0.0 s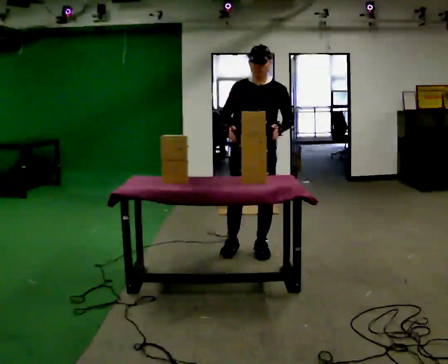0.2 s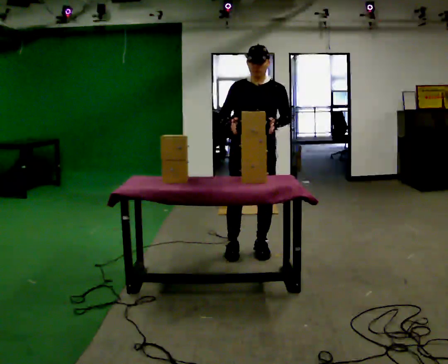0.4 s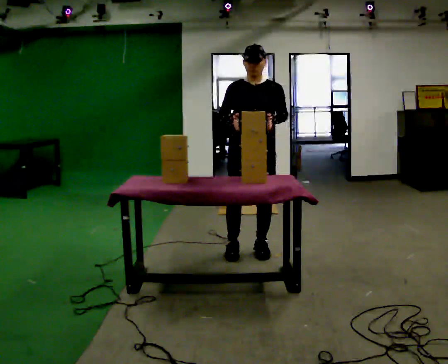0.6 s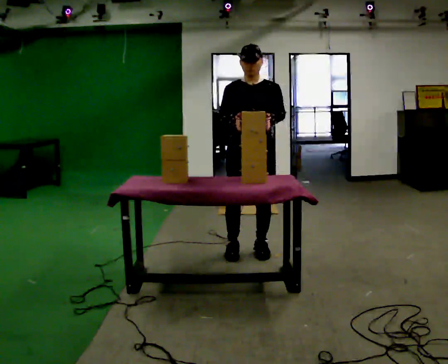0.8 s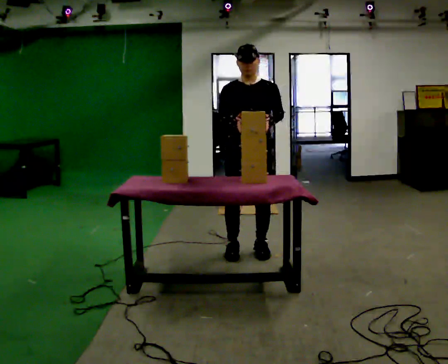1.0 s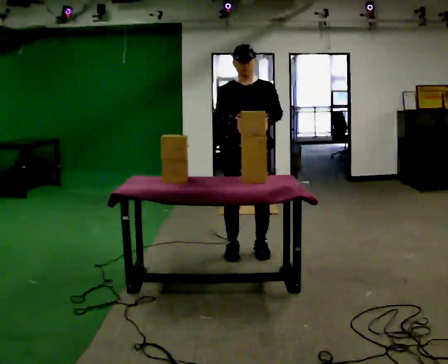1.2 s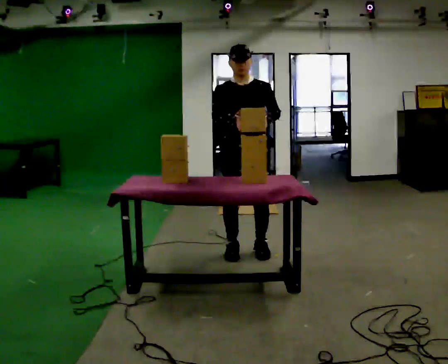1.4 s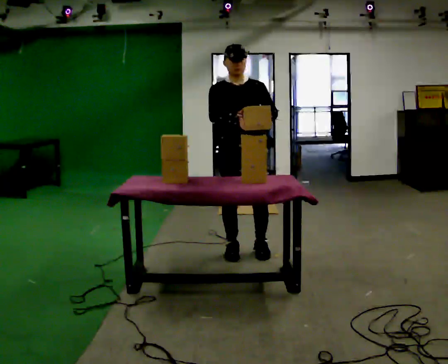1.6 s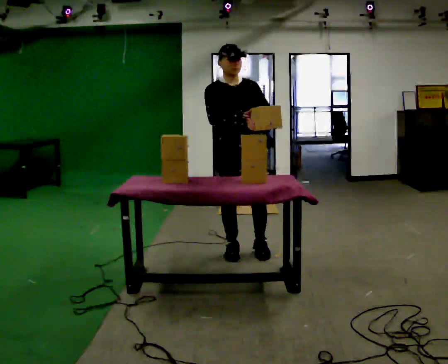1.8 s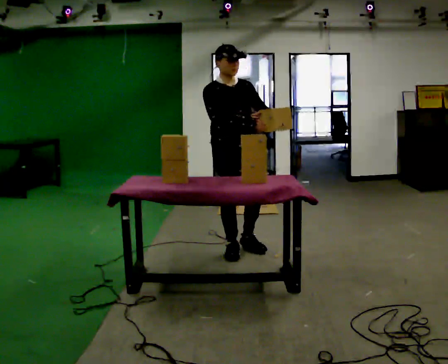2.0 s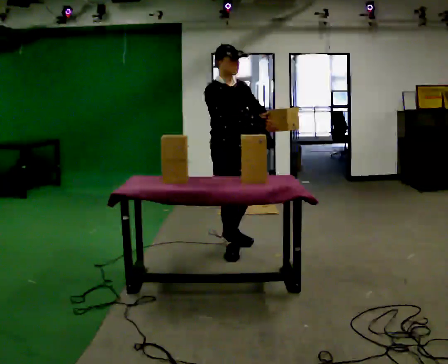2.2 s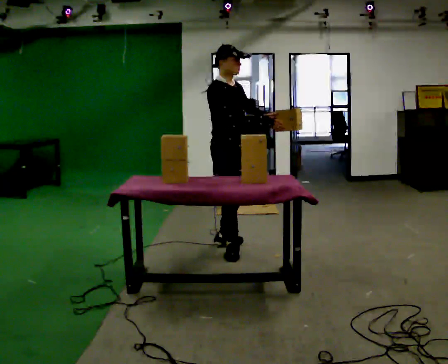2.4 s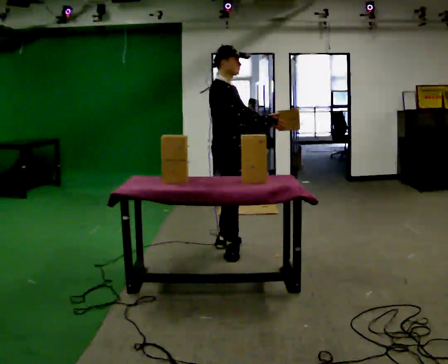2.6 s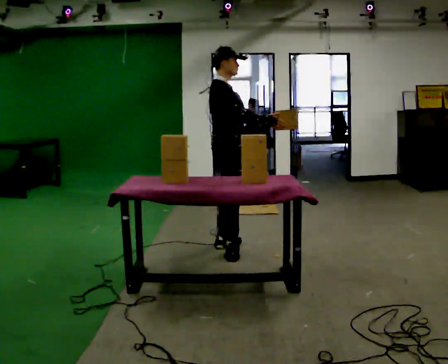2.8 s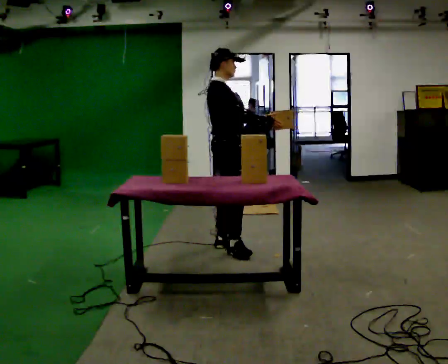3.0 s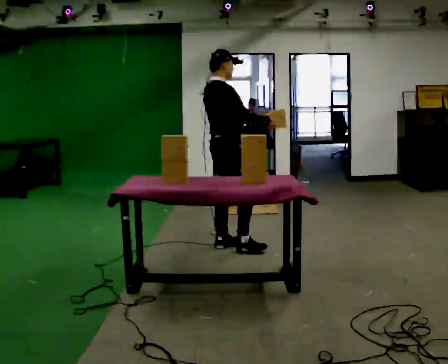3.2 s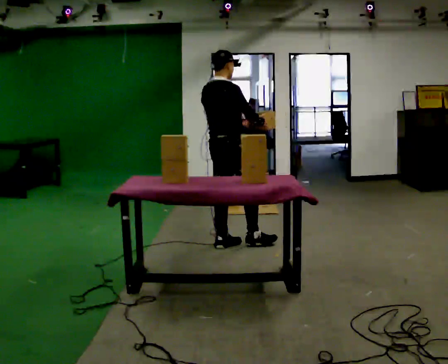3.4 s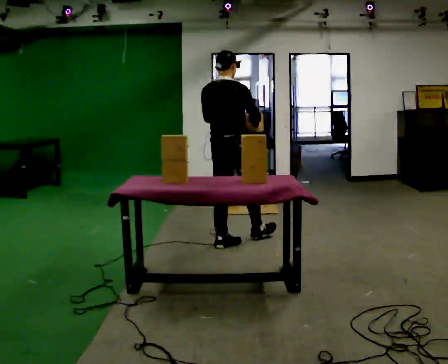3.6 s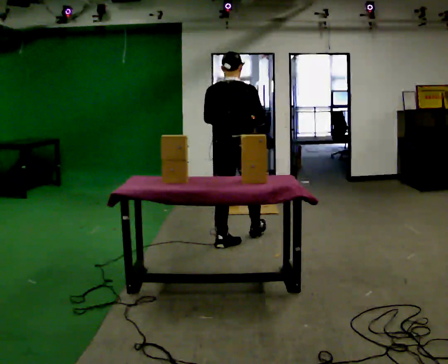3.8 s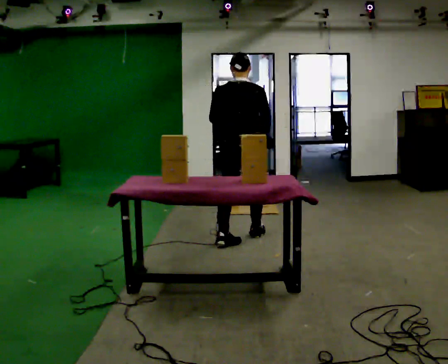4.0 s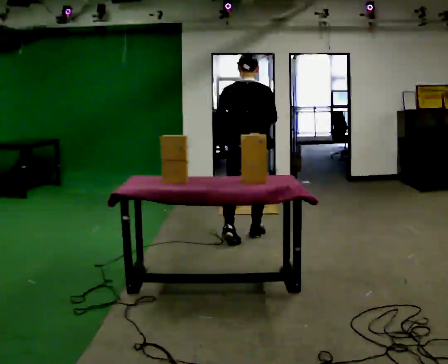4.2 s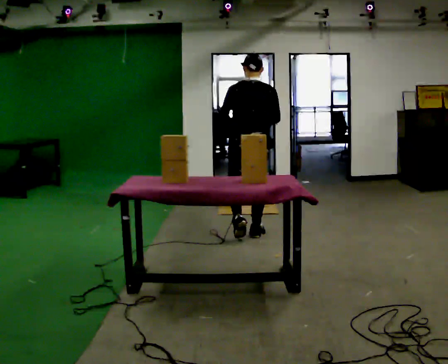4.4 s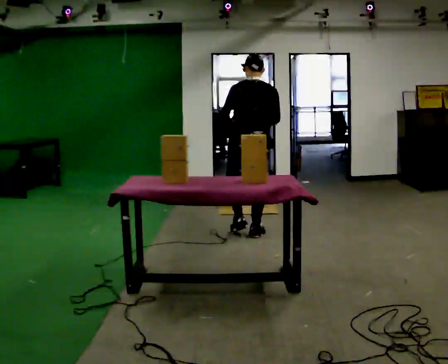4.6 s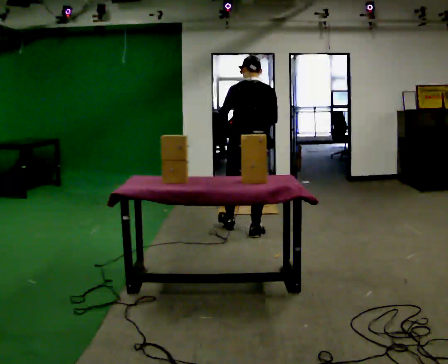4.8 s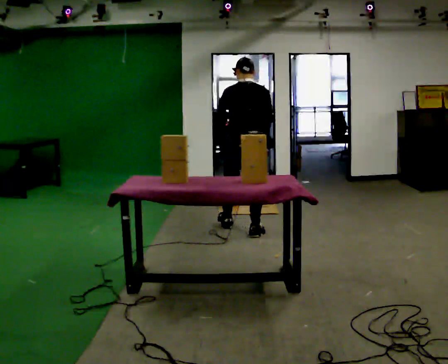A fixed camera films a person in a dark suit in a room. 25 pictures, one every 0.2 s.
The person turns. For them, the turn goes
to their left.
The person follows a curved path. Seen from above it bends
clockwise.
0.0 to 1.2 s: The person moves a little, or ends about where they began.
1.2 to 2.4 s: The person turns about 75 degrees to their left, counterclockwise seen from above, so the part of the body nearest the lens slides to the right.
2.4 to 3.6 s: The part of the body nearest the lens slides to the right as the person turns to their left by about 90 degrees. In the picture they go away from the camera, about 0.25 m in 1 step.
3.6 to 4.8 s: In the picture they go away from the camera, about 0.25 m in 1 step, which for them is forward.
The film runs forward here.
